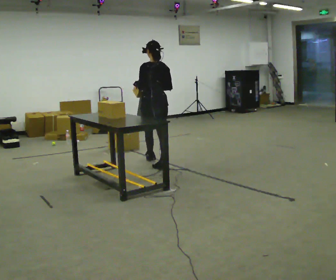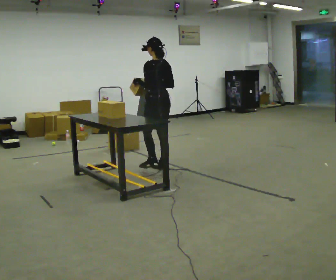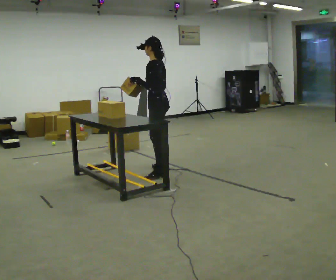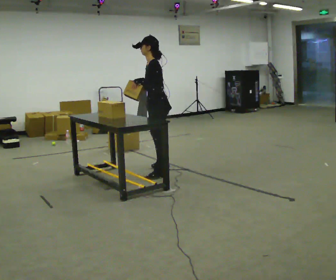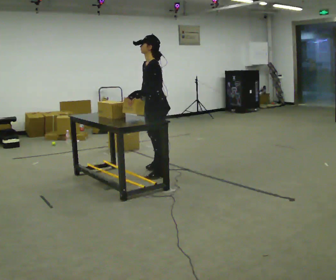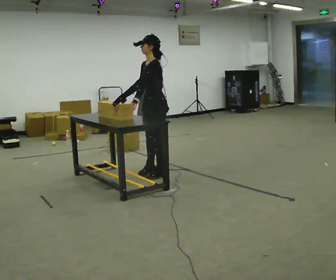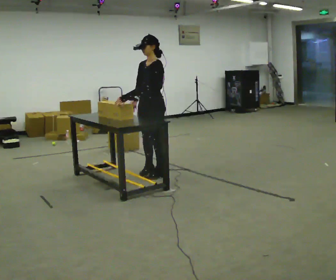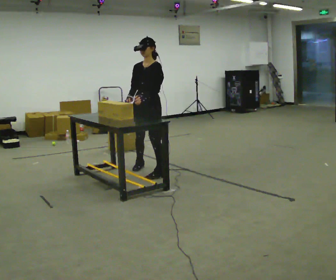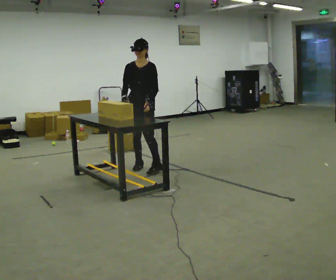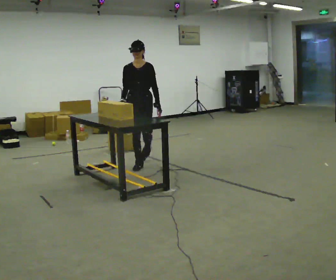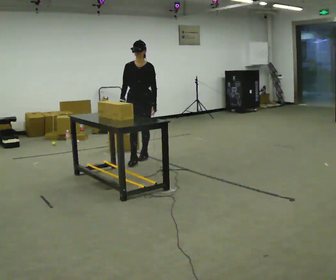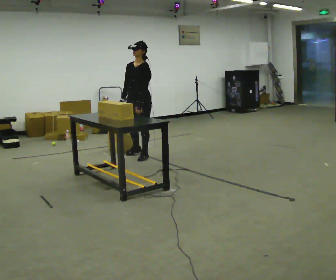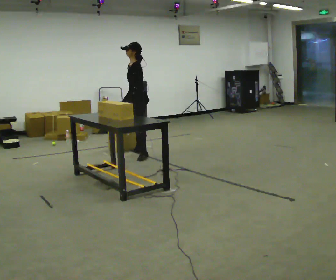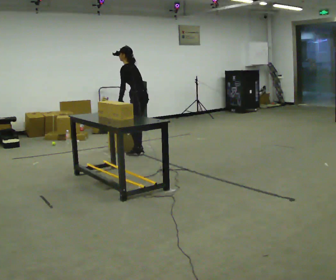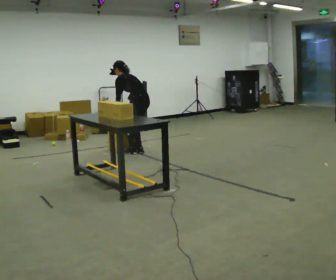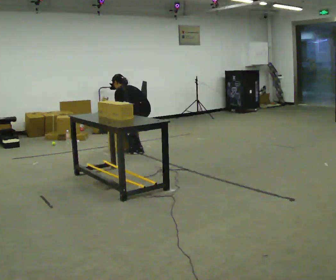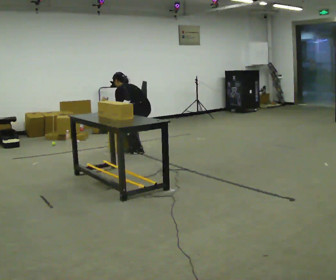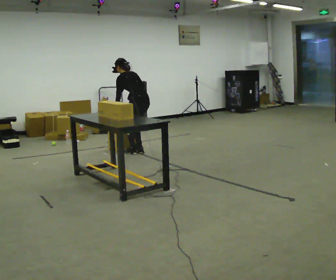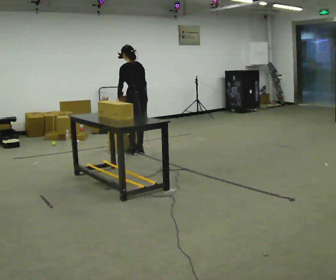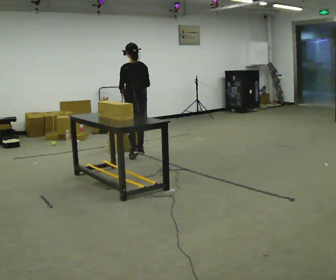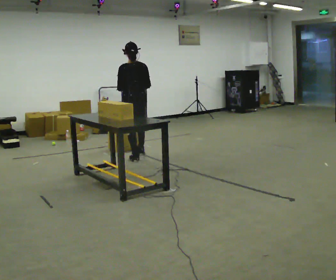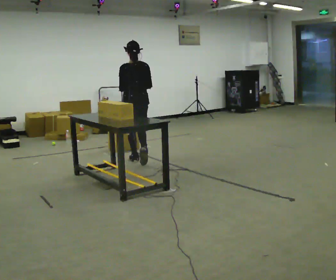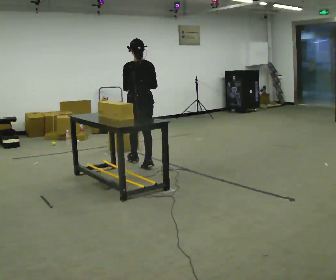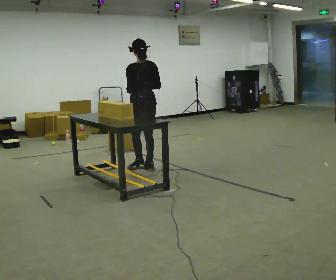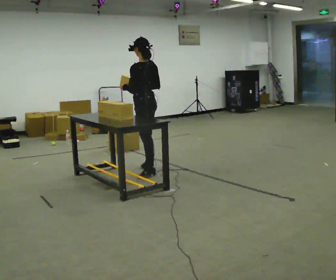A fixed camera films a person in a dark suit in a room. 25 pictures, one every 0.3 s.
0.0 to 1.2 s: Seen from above the body turns counterclockwise, about 75 degrees: to their left, with its near side sliding to the right. In the picture they go toward the camera, about 0.5 m in 1 step. In the picture the upper body tilts counterclockwise, shoulders to the left.
1.2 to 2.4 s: The part of the body nearest the lens slides to the right as the person turns to their left by about 60 degrees. In the picture they go away from the camera and to the left, about 0.5 m in 2 steps.
2.4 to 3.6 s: The person turns about 60 degrees to their right, clockwise seen from above, so the part of the body nearest the lens slides to the left. In the picture they go away from the camera, about 0.5 m in 1 step.
3.6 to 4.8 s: Seen from above the body turns clockwise, about 60 degrees: to their right, with its near side sliding to the left. The upper body goes downward. The upper body tips away from the camera, its near side rolling upward, as they bend forward. In the picture their left hand goes downward.
4.8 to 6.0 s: In the picture they go toward the camera, about 0.25 m in 2 steps, which for them is to their left and backward. The shoulders move upward. The upper body tips toward the camera, its near side rolling downward, as they lean back or straighten. In the picture their right hand goes upward.
6.0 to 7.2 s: Seen from above the body turns counterclockwise, about 30 degrees: to their left, with its near side sliding to the right. In the picture they go toward the camera, about 0.75 m in 1 step, which for them is backward.
The film runs backward here.
